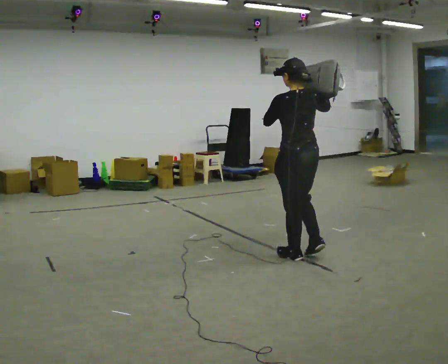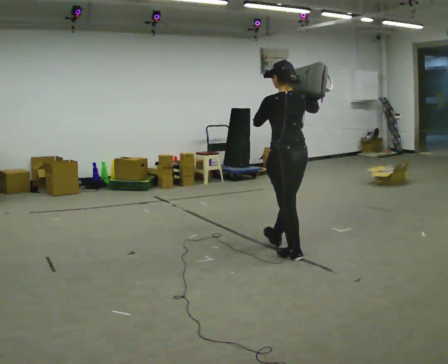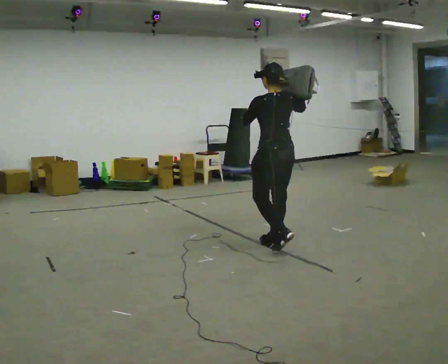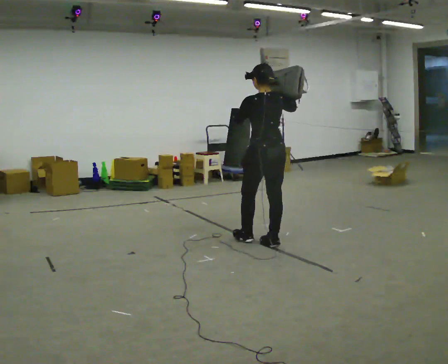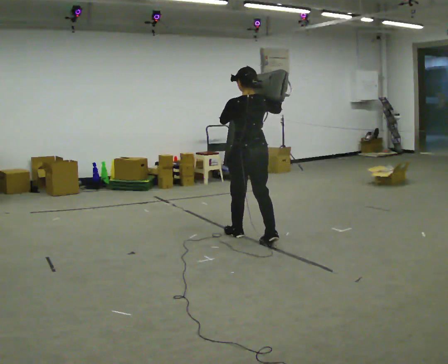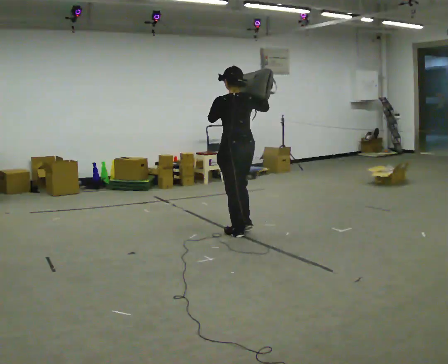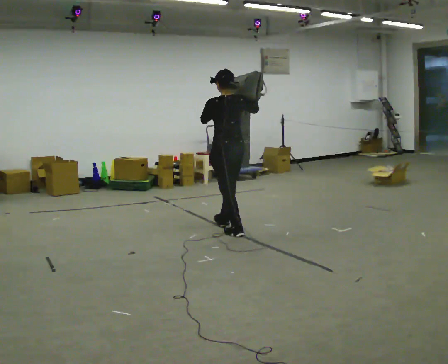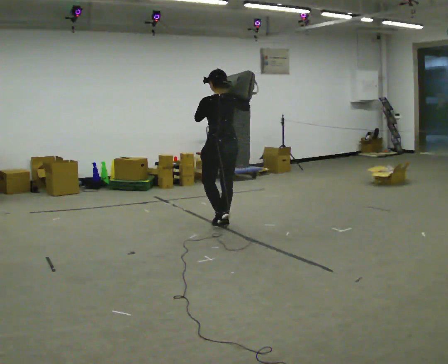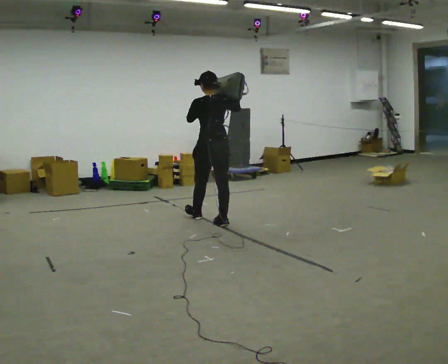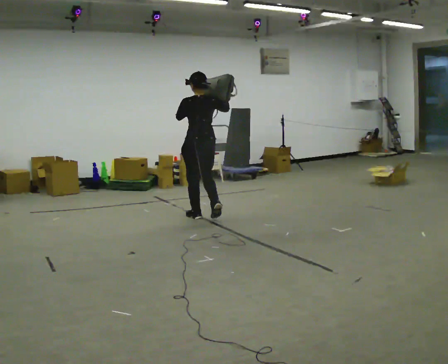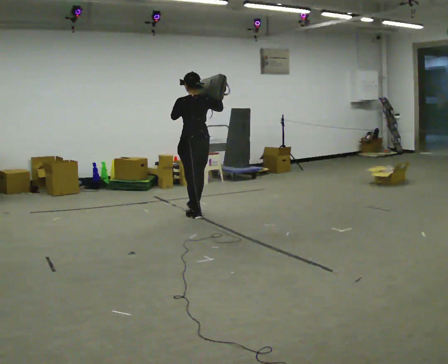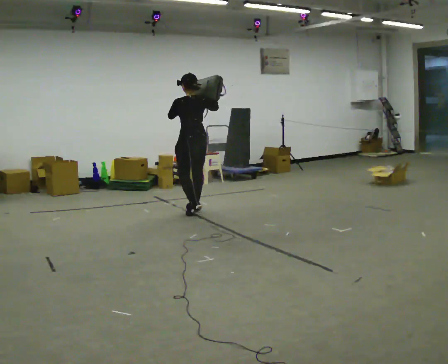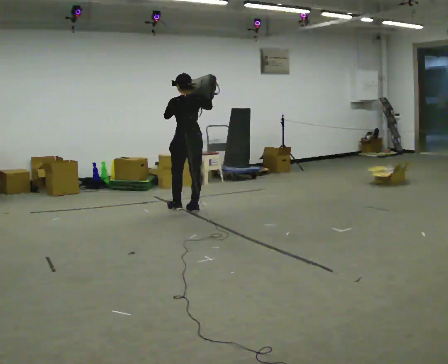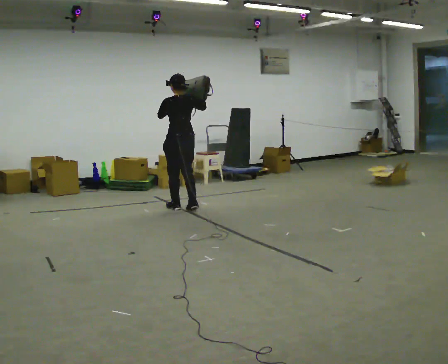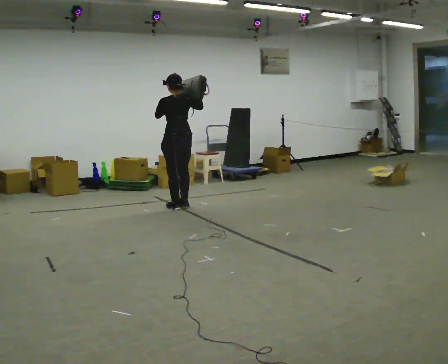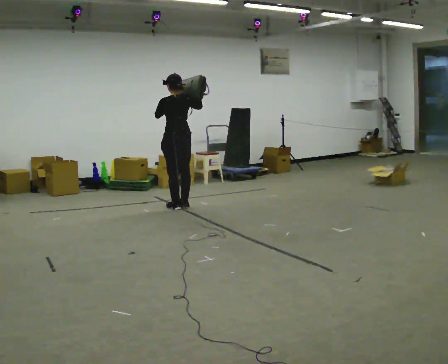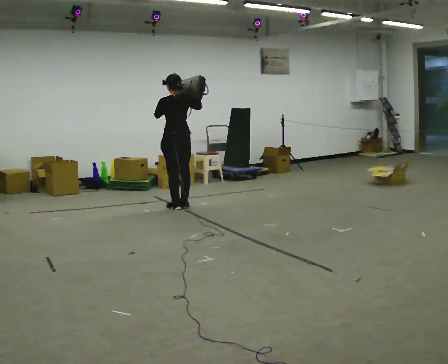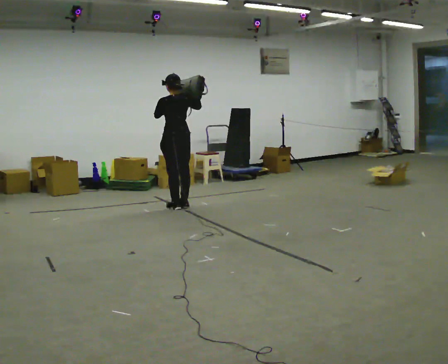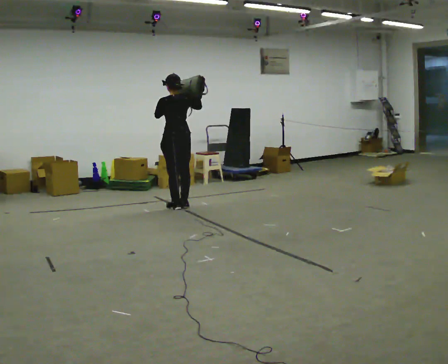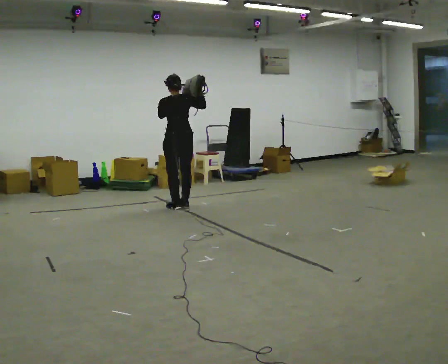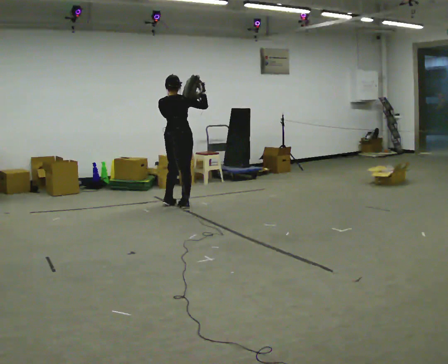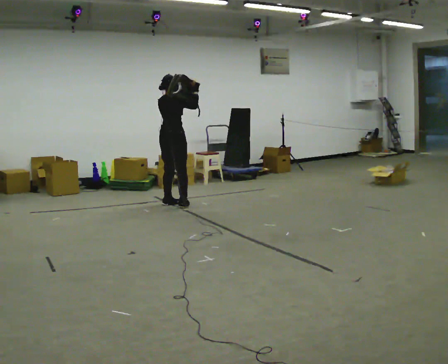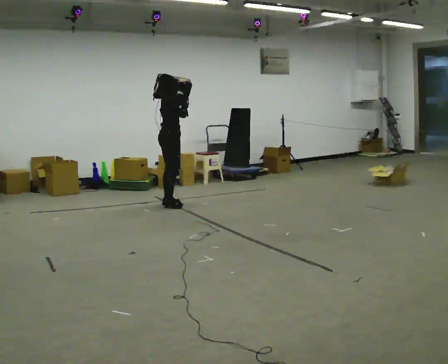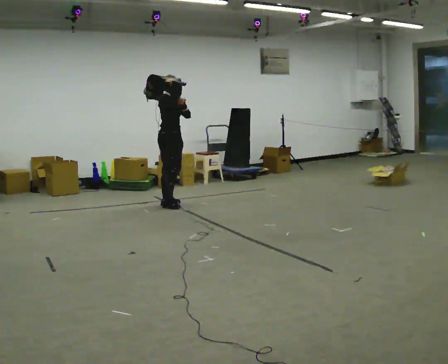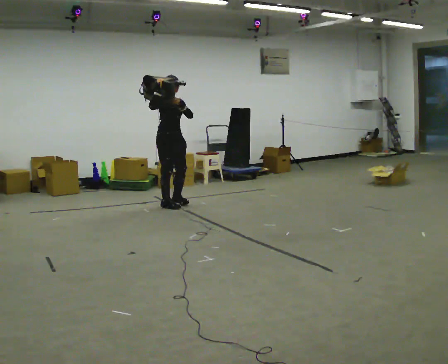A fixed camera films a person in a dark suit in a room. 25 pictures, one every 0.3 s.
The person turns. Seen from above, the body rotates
clockwise.
The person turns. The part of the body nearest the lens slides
to the left.
0.0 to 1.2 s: In the picture they go away from the camera and to the left, about 1 m in 2 steps, which for them is forward.
1.2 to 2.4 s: In the picture they go away from the camera and to the left, about 0.5 m in 1 step, which for them is forward.
2.4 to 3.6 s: In the picture they go away from the camera and to the left, about 0.5 m in 2 steps, which for them is forward.
3.6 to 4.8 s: In the picture they go away from the camera, about 0.25 m in 2 steps, which for them is forward.
4.8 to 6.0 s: The person turns about 45 degrees to their right, clockwise seen from above, so the part of the body nearest the lens slides to the left.
6.0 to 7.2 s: The part of the body nearest the lens slides to the left as the person turns to their right by about 120 degrees. In the picture their right hand goes to the left.
The film runs forward here.
